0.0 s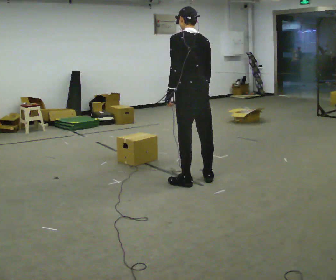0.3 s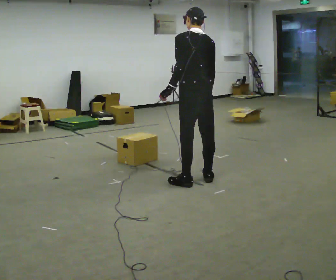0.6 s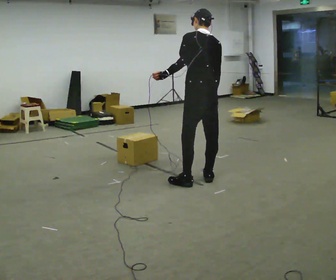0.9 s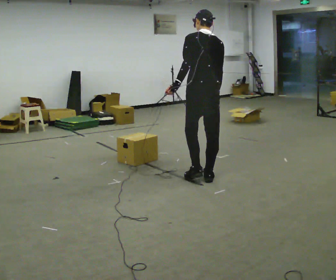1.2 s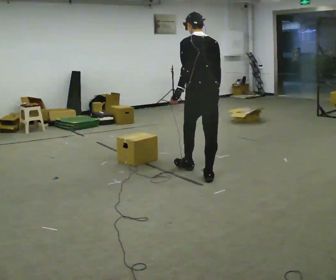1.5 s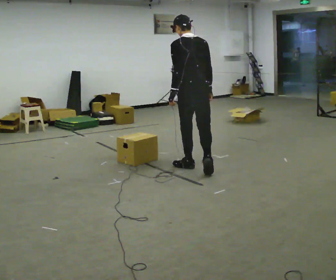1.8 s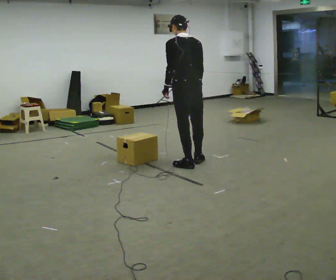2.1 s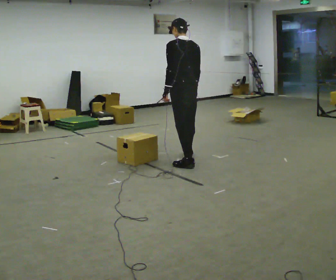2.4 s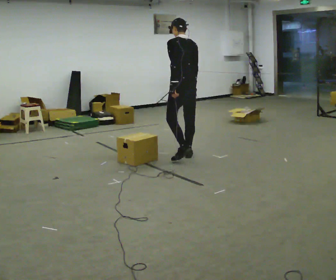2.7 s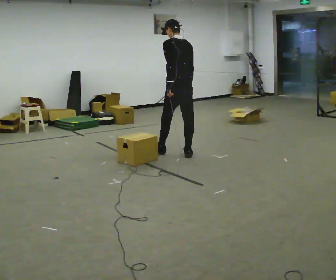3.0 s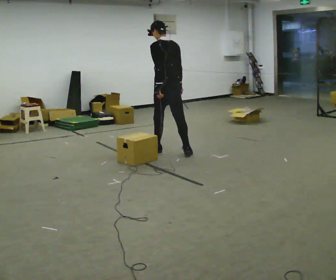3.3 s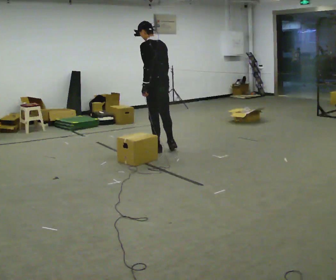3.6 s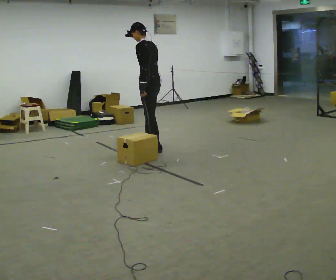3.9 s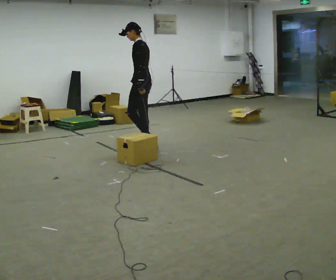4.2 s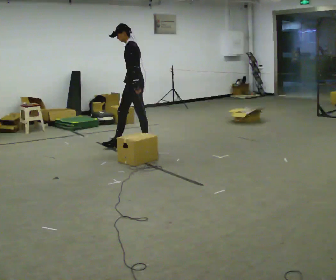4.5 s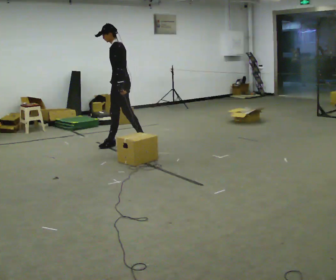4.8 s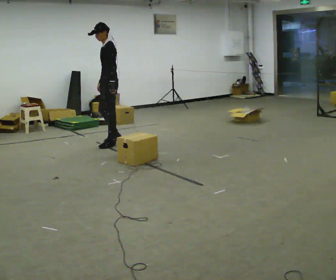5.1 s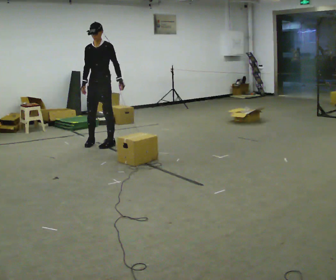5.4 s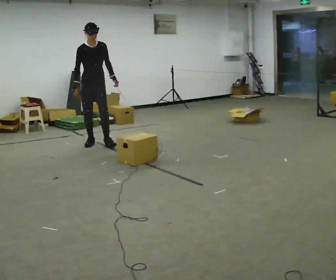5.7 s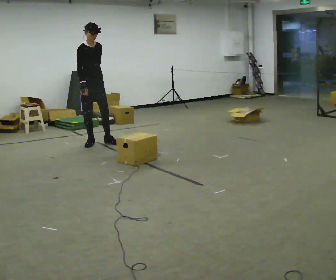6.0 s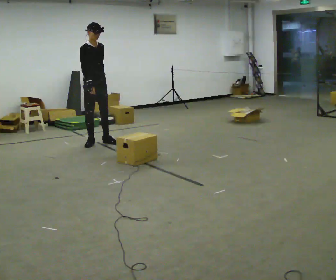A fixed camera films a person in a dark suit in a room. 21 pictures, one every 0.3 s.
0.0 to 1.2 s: In the picture they go away from the camera, about 0.25 m, which for them is to their right and forward.
1.2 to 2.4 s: In the picture they go away from the camera, about 0.5 m in 2 steps, which for them is forward.
2.4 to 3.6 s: The person turns about 30 degrees to their left, counterclockwise seen from above, so the part of the body nearest the lens slides to the right. In the picture they go away from the camera and to the left, about 0.5 m in 1 step, which for them is forward.
3.6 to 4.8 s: The person turns about 60 degrees to their left, counterclockwise seen from above, so the part of the body nearest the lens slides to the right. In the picture they go to the left and away from the camera, about 0.75 m in 2 steps, which for them is forward.
4.8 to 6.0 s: Seen from above the body turns counterclockwise, about 105 degrees: to their left, with its near side sliding to the right. In the picture they go to the left, about 0.25 m in 2 steps. In the picture the upper body tilts clockwise, shoulders to the right.
The film runs forward here.
